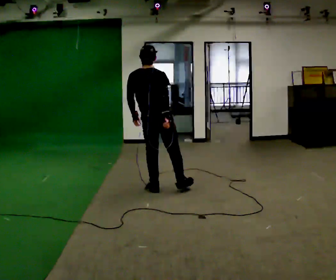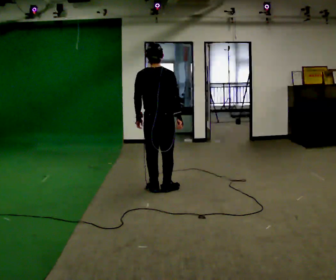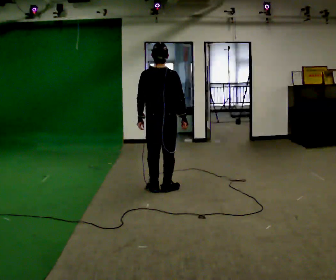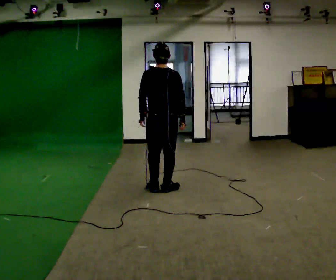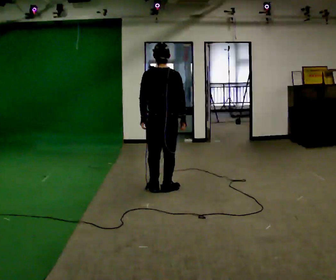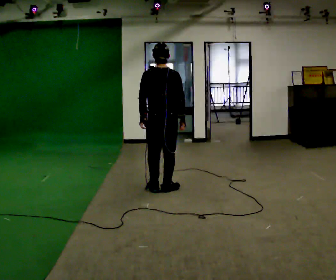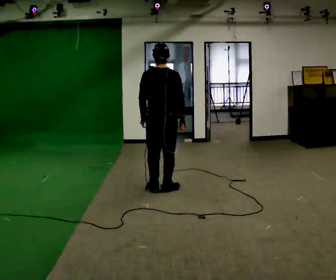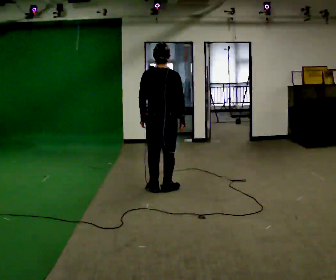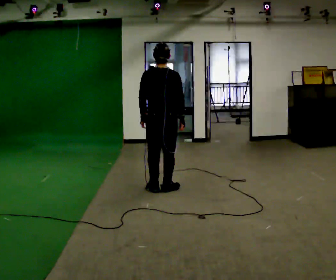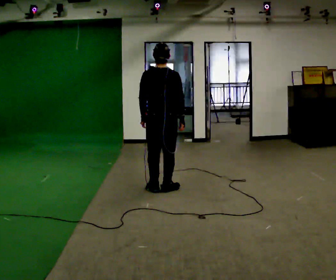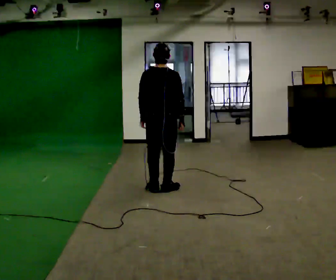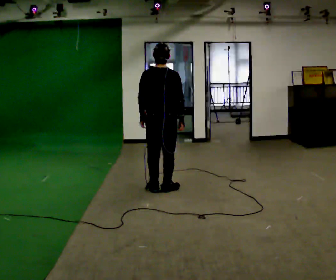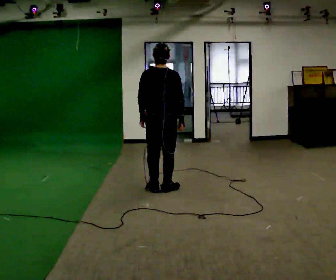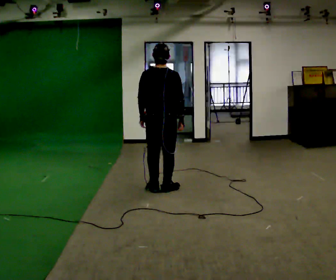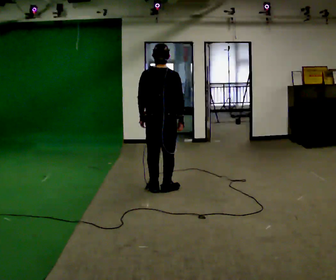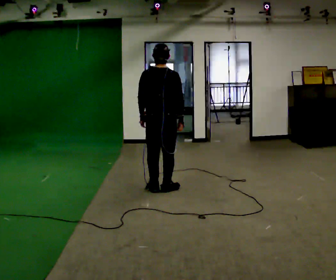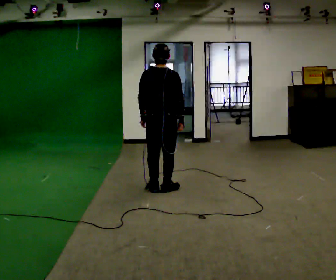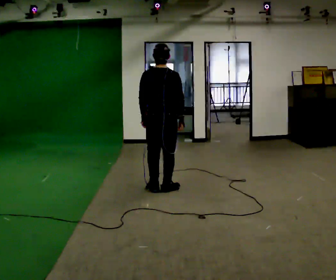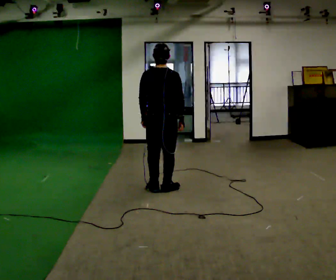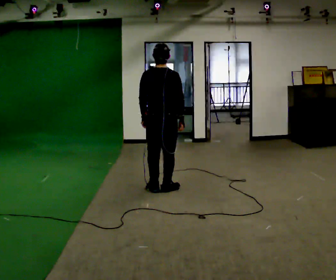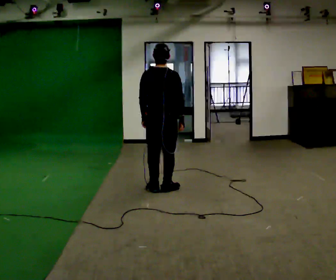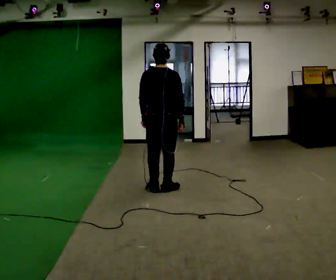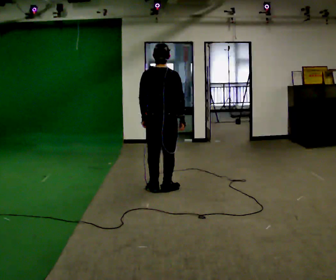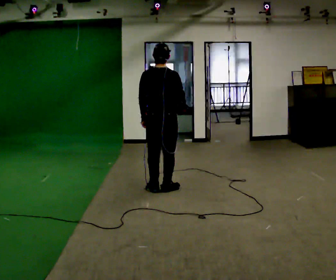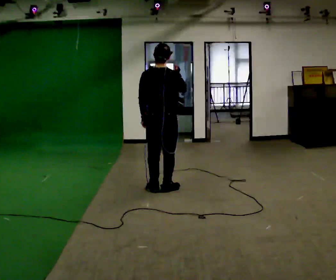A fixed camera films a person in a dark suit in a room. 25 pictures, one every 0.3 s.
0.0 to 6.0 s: The person moves a little, or ends about where they began.
6.0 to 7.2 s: In the picture their right hand goes upward.
The film runs forward here.
